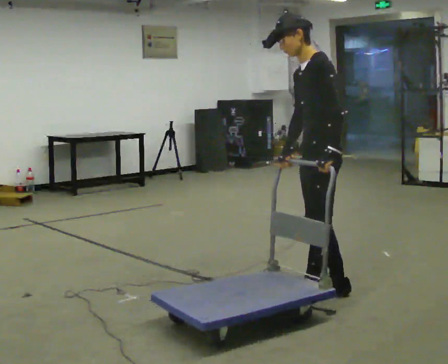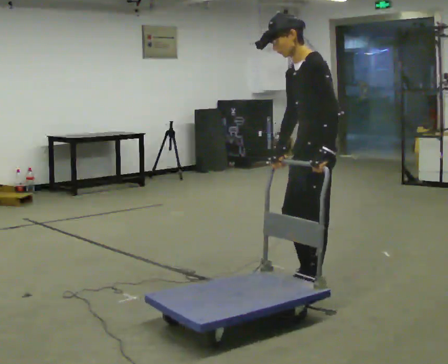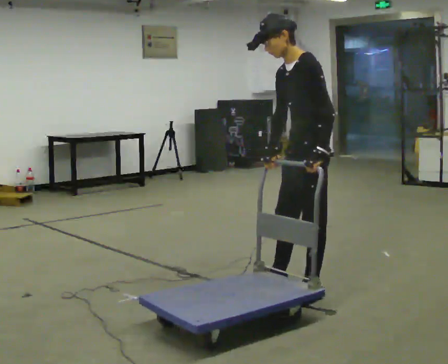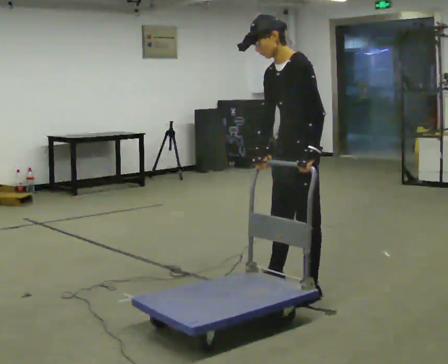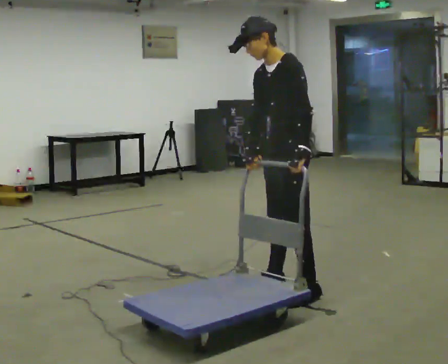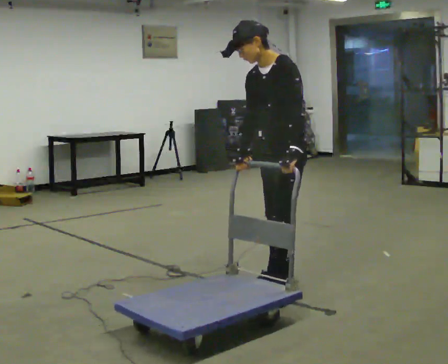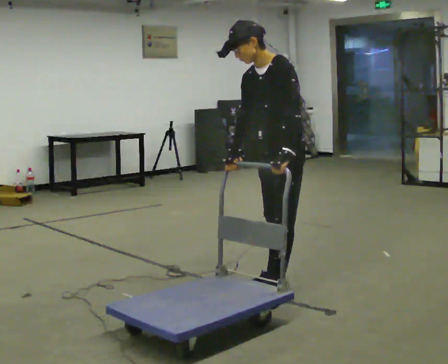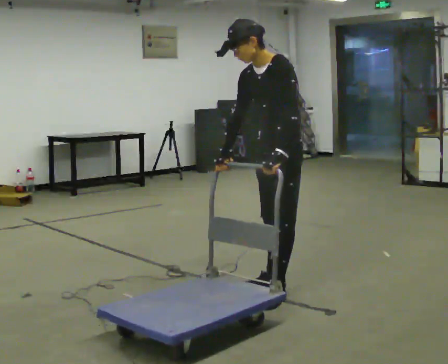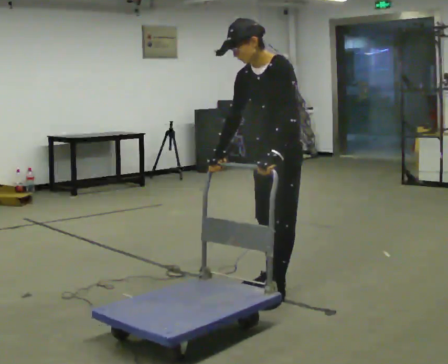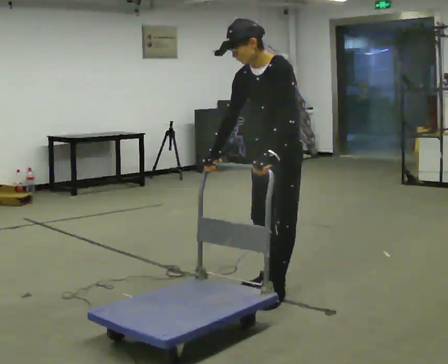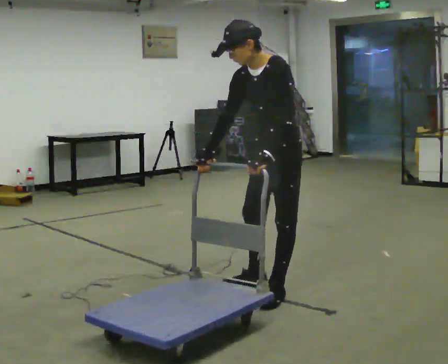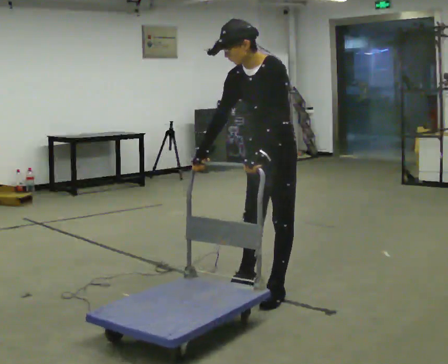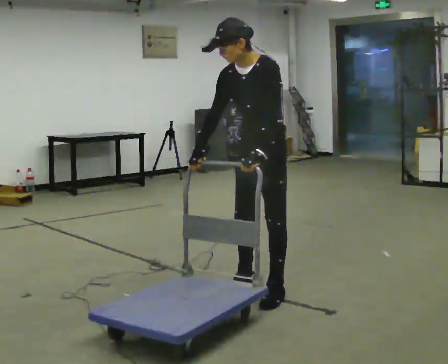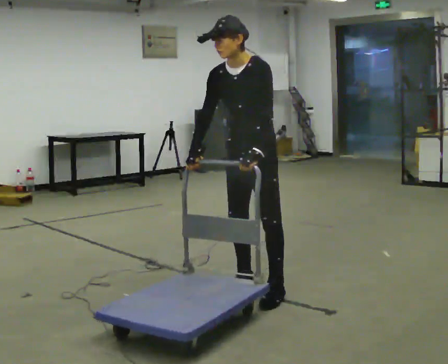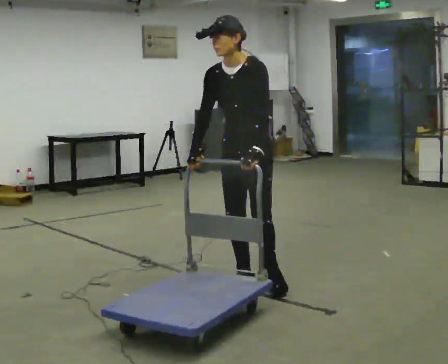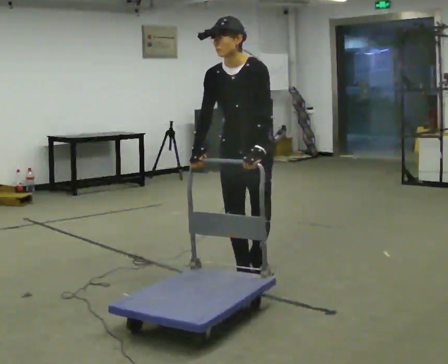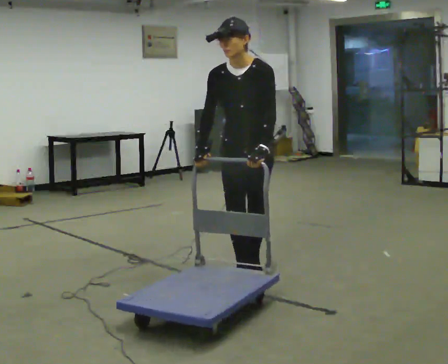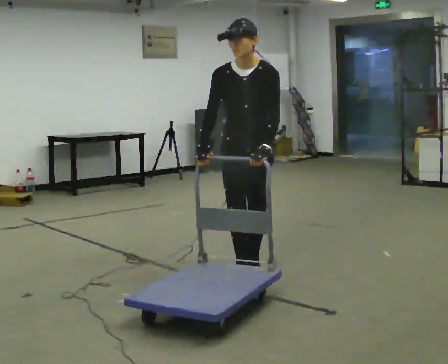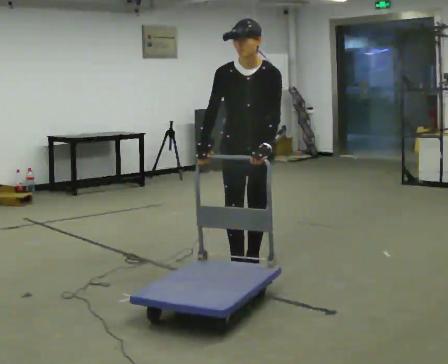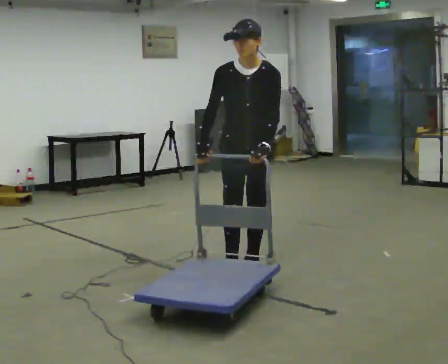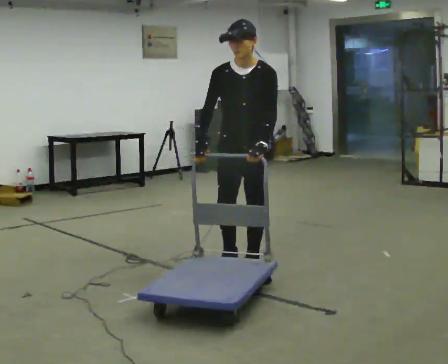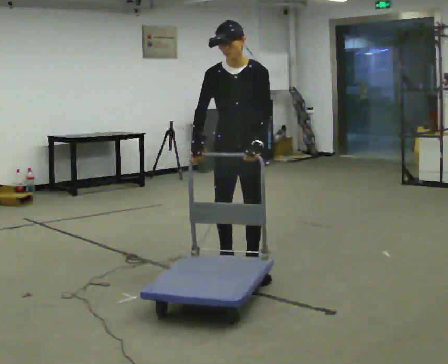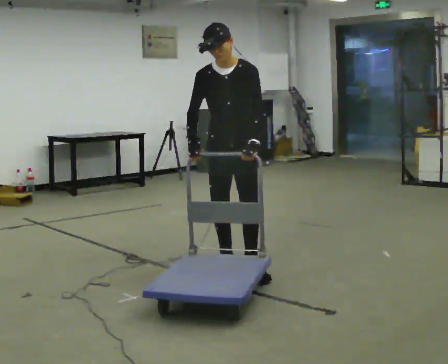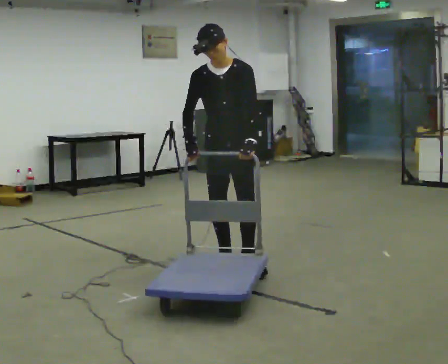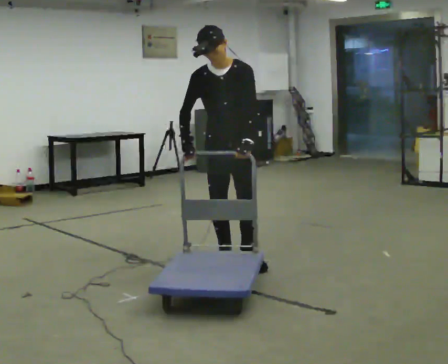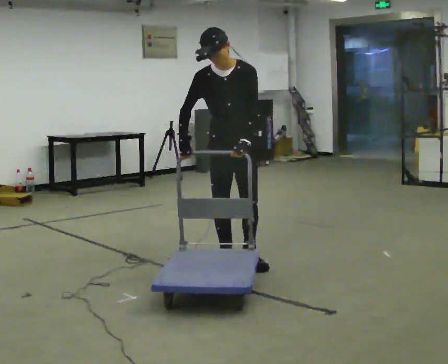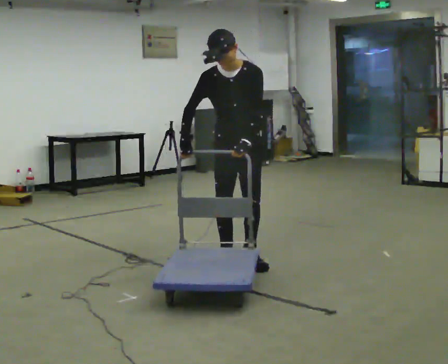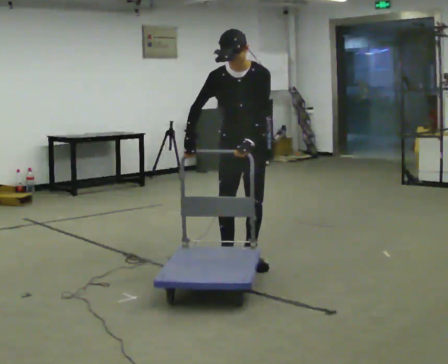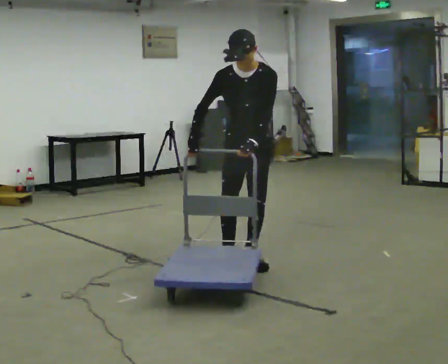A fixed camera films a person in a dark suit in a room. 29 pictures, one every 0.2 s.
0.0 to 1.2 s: Seen from above the body turns counterclockwise, about 30 degrees: to their left, with its near side sliding to the right. In the picture they go to the left and away from the camera, about 0.25 m in 2 steps, which for them is to their right and forward.
1.2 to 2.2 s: The person moves a little, or ends about where they began.
2.2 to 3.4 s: The part of the body nearest the lens slides to the right as the person turns to their left by about 45 degrees. In the picture they go away from the camera and to the left, about 0.25 m in 1 step, which for them is to their right and backward. In the picture the upper body tilts clockwise, shoulders to the right.
3.4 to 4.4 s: In the picture they go away from the camera, about 0.25 m in 1 step, which for them is backward.
4.4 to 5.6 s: In the picture they go away from the camera, about 0.25 m in 1 step, which for them is backward.
The film runs backward here.
